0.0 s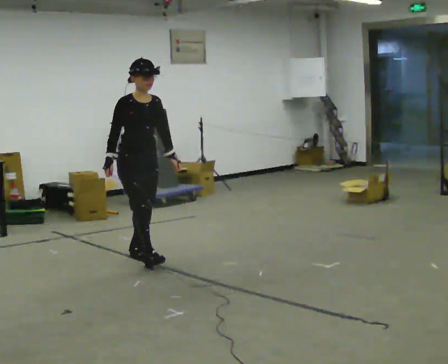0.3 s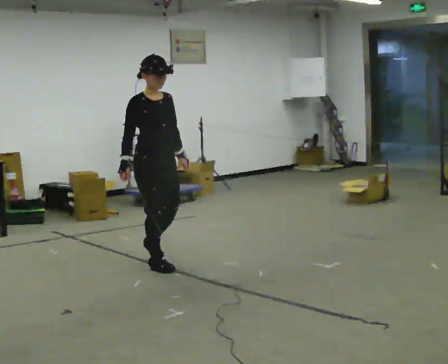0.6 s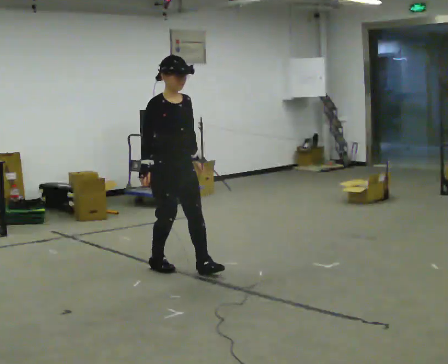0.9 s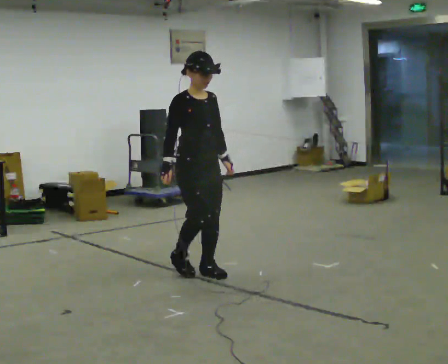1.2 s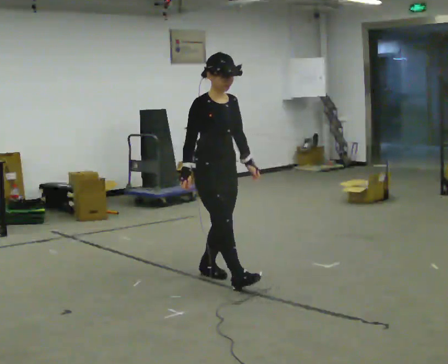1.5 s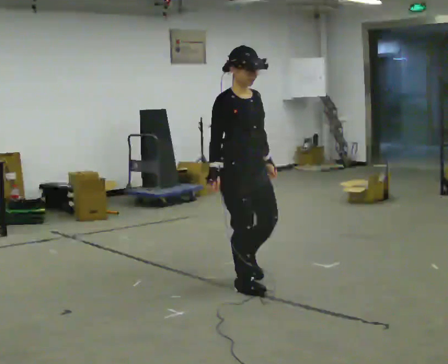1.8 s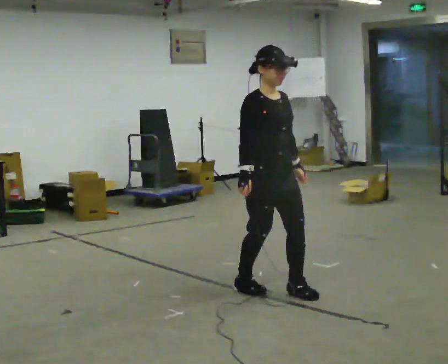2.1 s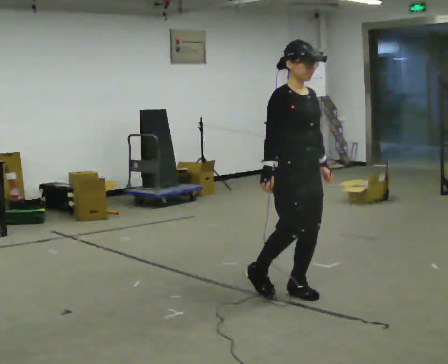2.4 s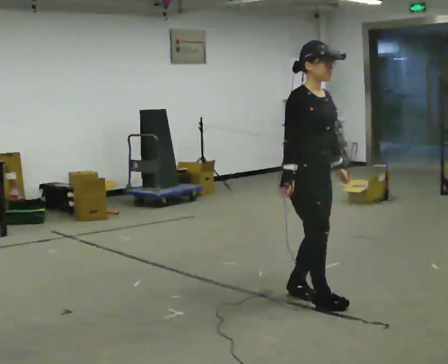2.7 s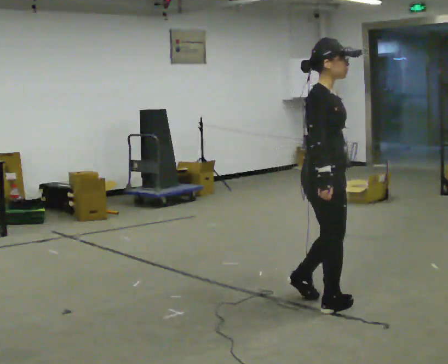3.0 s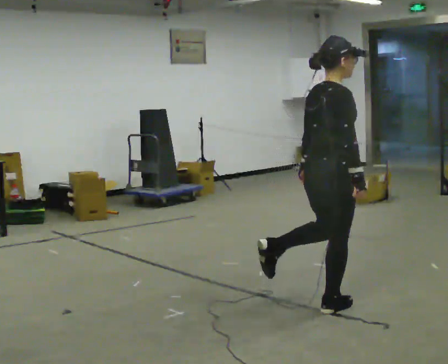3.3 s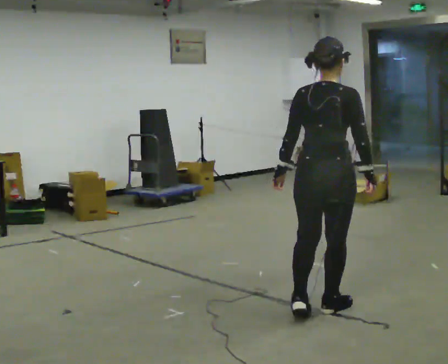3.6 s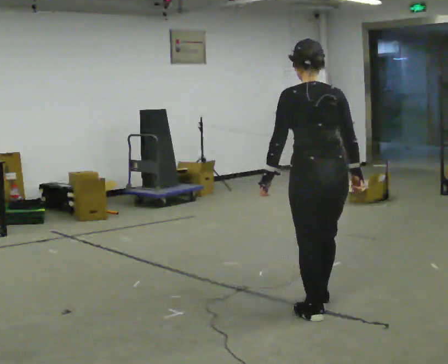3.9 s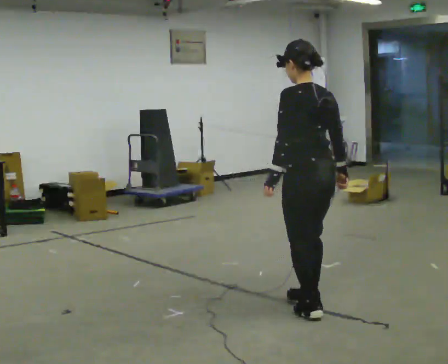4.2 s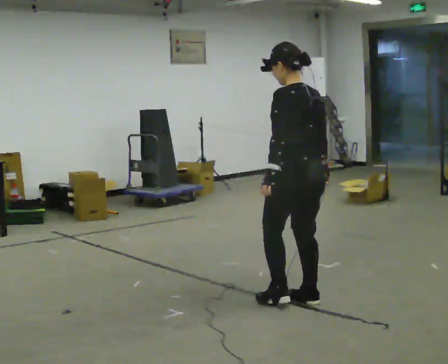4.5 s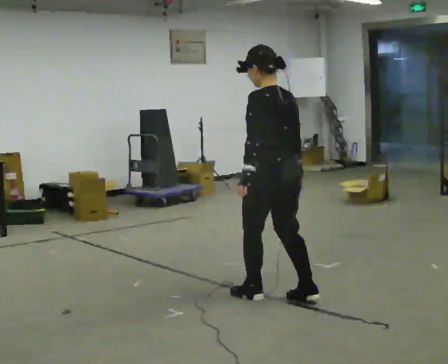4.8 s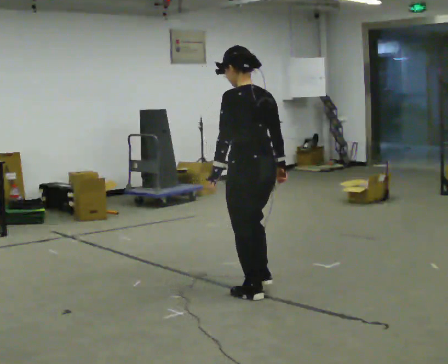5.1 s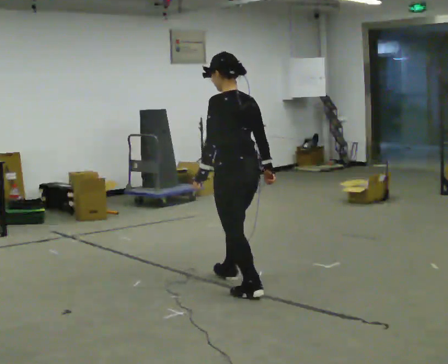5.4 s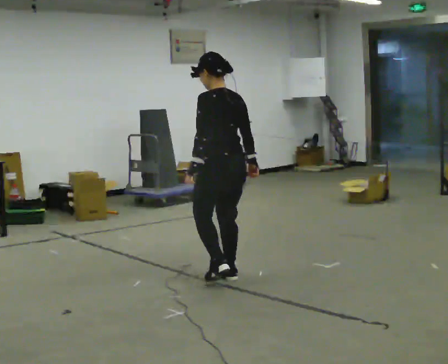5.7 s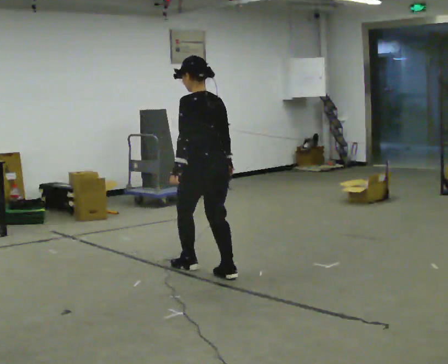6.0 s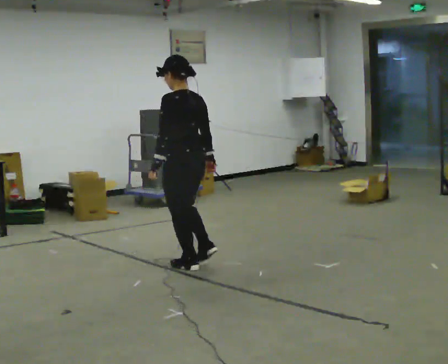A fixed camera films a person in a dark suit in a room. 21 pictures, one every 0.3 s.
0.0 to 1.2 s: In the picture they go to the right and toward the camera, about 1 m in 2 steps, which for them is forward.
1.2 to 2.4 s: In the picture they go to the right and toward the camera, about 1 m in 2 steps, which for them is forward.
2.4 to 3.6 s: The person turns about 135 degrees to their left, counterclockwise seen from above, so the part of the body nearest the lens slides to the right. In the picture they go toward the camera, about 0.25 m in 2 steps.
3.6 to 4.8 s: The part of the body nearest the lens slides to the right as the person turns to their left by about 30 degrees. In the picture they go to the left and away from the camera, about 0.5 m in 2 steps, which for them is forward.
4.8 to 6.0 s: In the picture they go away from the camera and to the left, about 1 m in 2 steps, which for them is forward.
The film runs backward here.
